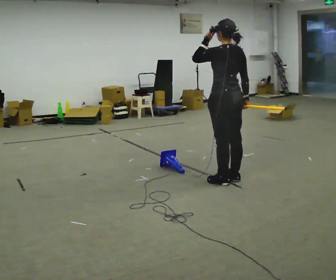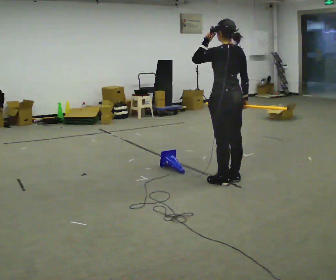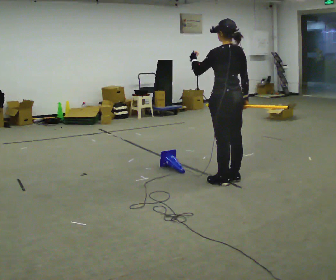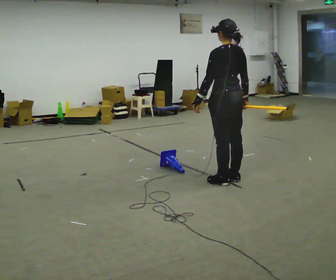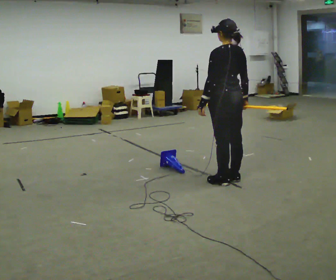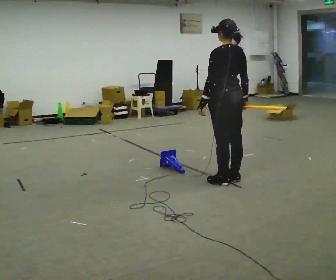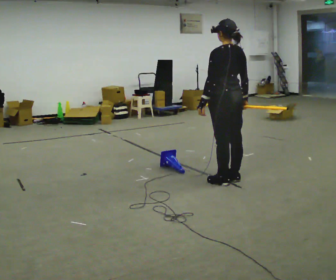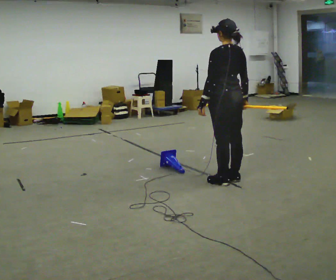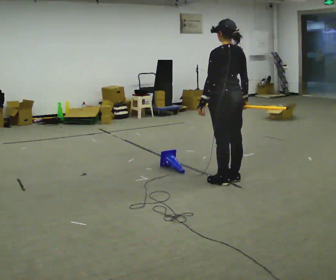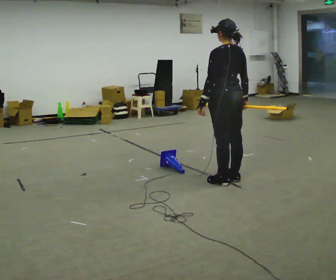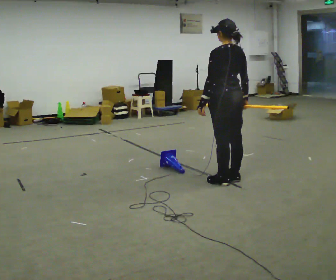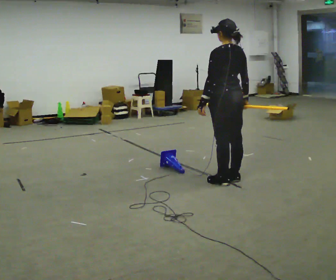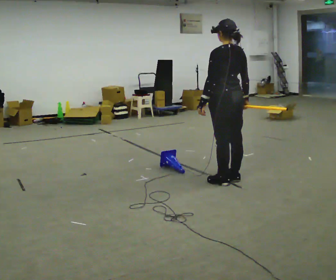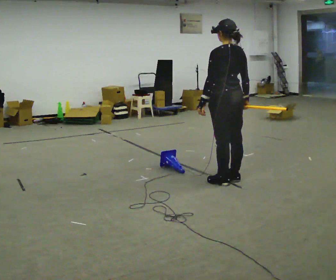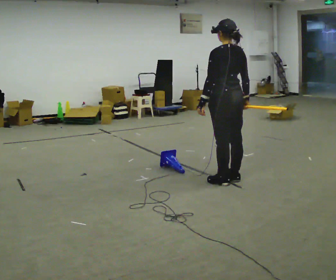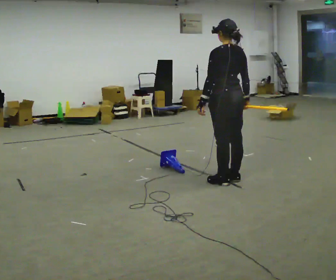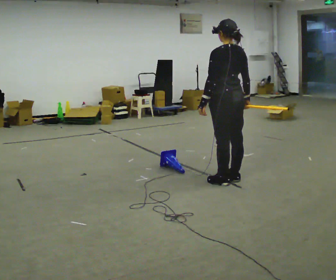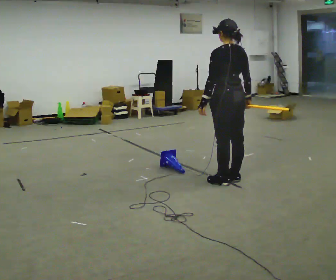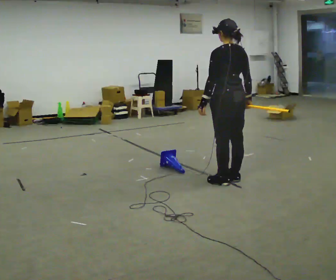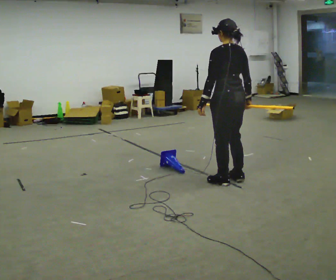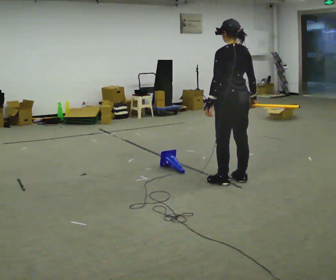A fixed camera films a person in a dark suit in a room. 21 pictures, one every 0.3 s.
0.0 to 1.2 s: In the picture their left hand goes downward.
1.2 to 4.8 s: The person keeps their place and pose.
4.8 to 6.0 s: The person moves a little, or ends about where they began.
The film runs backward here.
